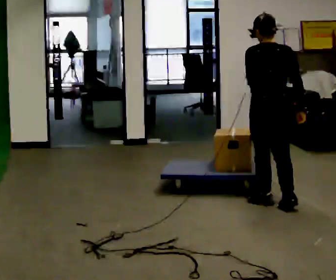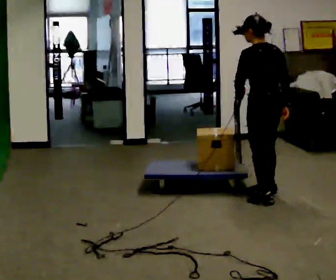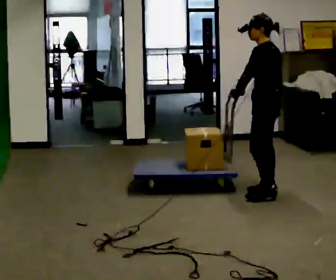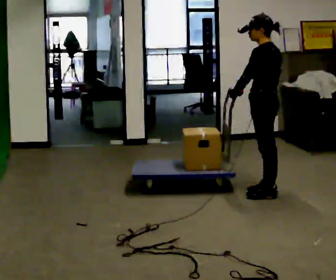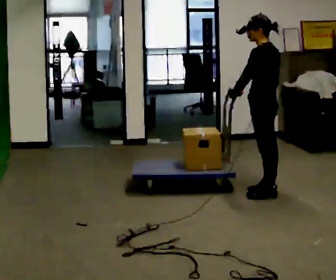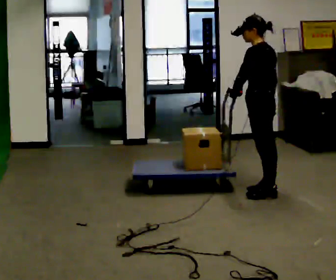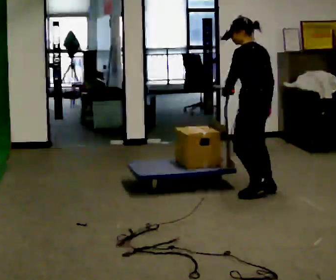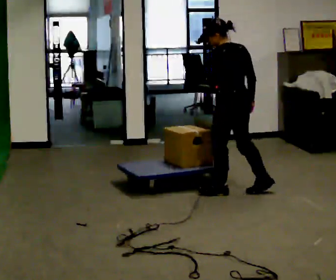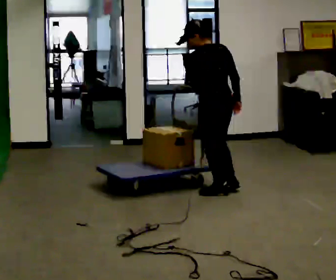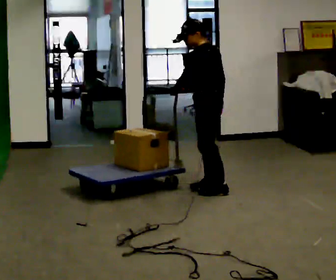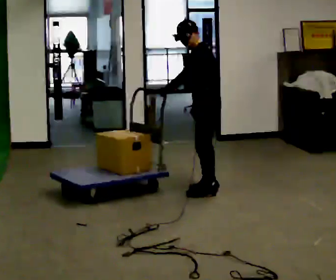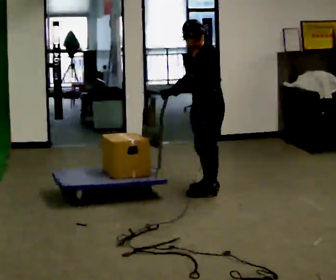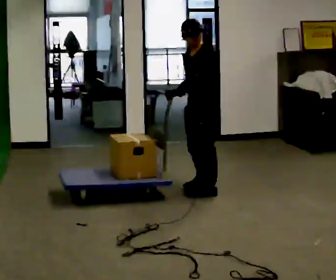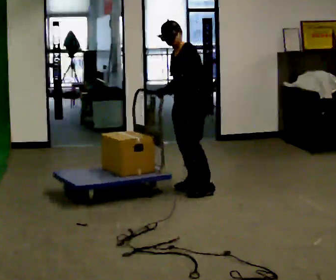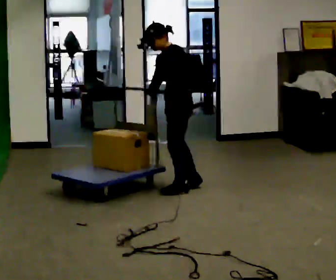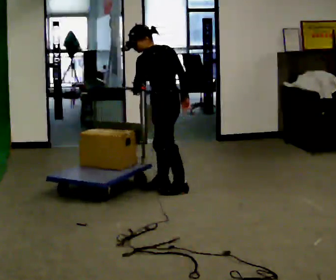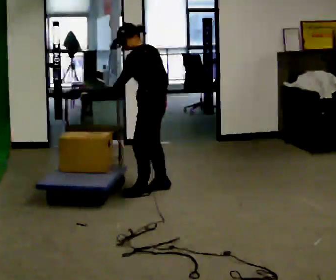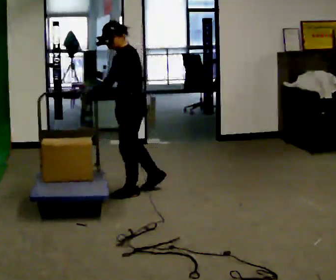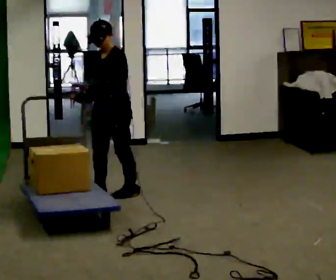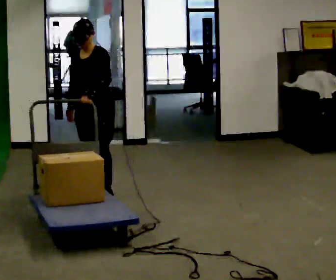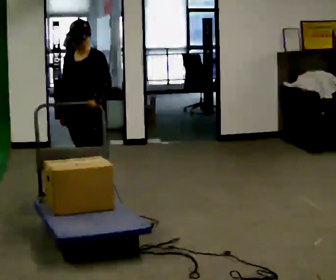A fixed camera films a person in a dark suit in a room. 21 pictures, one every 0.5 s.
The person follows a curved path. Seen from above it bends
counterclockwise.
The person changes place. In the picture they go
to the left.
0.0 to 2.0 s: Seen from above the body turns counterclockwise, about 60 degrees: to their left, with its near side sliding to the right. In the picture they go away from the camera, about 0.25 m in 2 steps.
2.0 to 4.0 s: The part of the body nearest the lens slides to the left as the person turns to their right by about 30 degrees. In the picture they go to the left, about 0.5 m in 1 step, which for them is forward.
4.0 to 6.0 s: The person turns about 75 degrees to their left, counterclockwise seen from above, so the part of the body nearest the lens slides to the right.
6.0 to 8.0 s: Seen from above the body turns clockwise, about 30 degrees: to their right, with its near side sliding to the left. In the picture they go to the left, about 0.5 m in 3 steps, which for them is forward.
8.0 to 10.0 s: The person turns about 75 degrees to their left, counterclockwise seen from above, so the part of the body nearest the lens slides to the right. In the picture they go to the left and toward the camera, about 0.5 m in 3 steps.
The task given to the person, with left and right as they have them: Push the cart along the marked route and round the corner to the side the operator calls.
The film runs forward here.
